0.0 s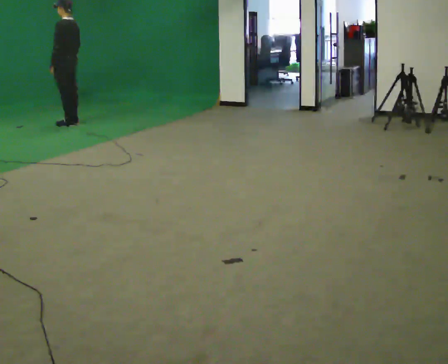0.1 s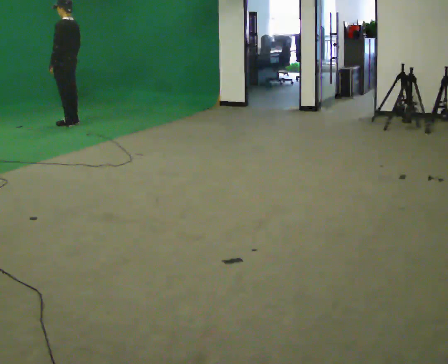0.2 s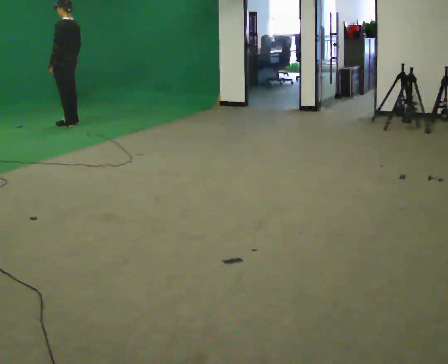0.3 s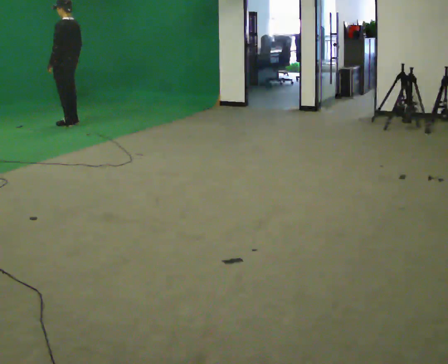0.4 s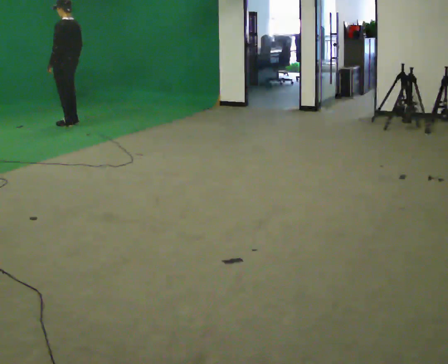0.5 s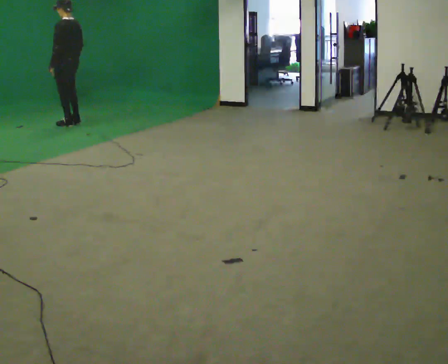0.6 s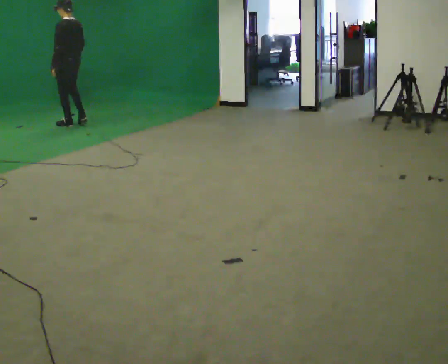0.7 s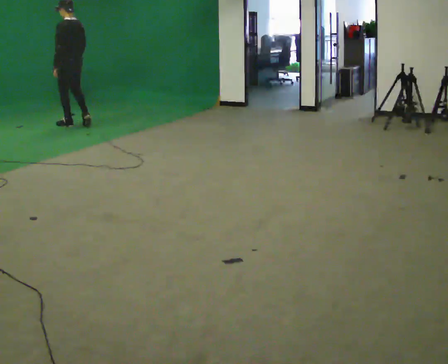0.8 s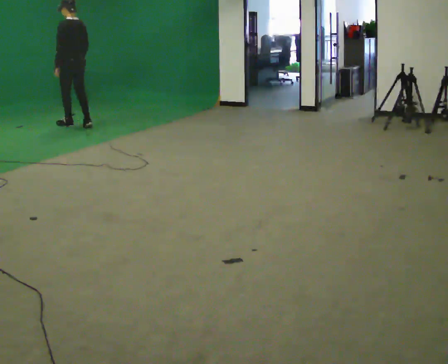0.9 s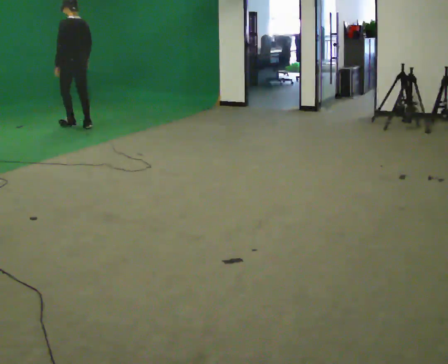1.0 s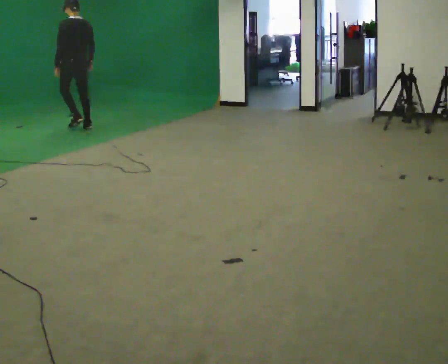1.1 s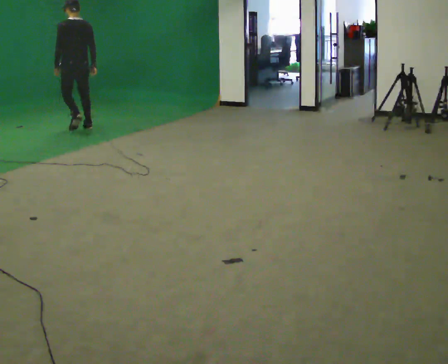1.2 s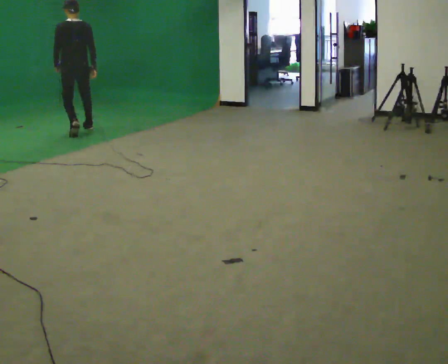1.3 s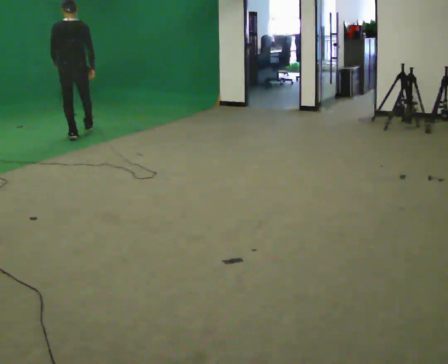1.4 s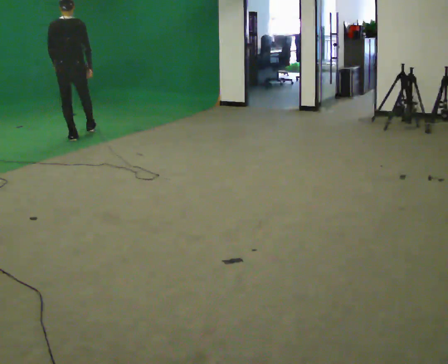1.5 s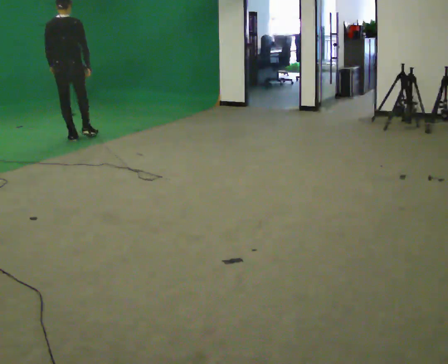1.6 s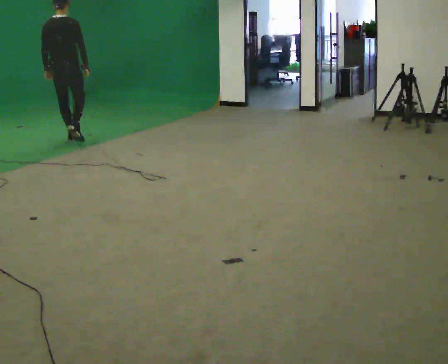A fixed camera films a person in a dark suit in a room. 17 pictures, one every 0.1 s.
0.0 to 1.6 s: The person turns about 60 degrees to their right, clockwise seen from above, so the part of the body nearest the lens slides to the left. In the picture they go toward the camera, about 1 m in 3 steps.
The film runs backward here.
